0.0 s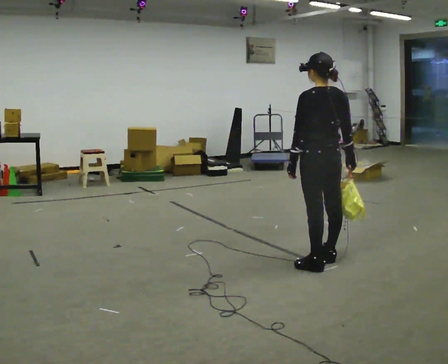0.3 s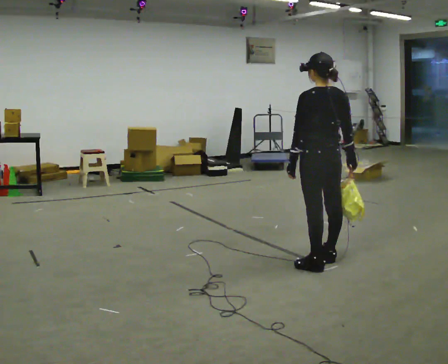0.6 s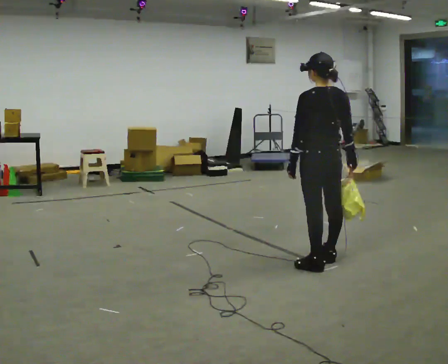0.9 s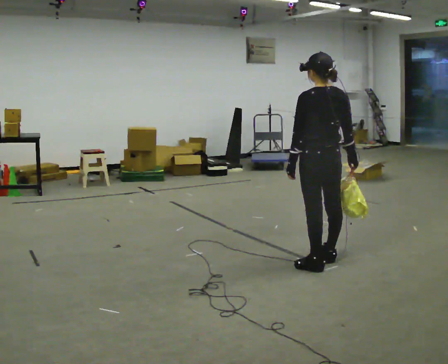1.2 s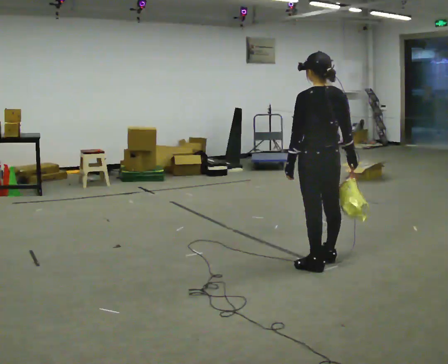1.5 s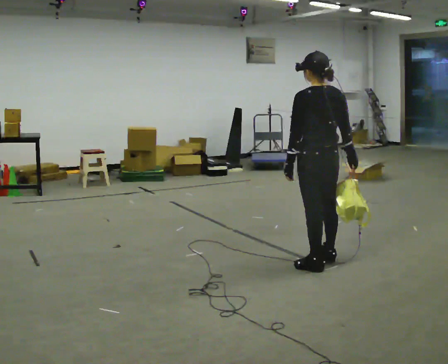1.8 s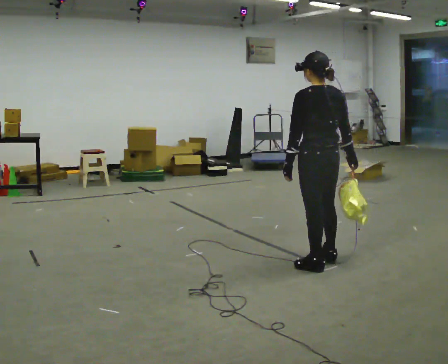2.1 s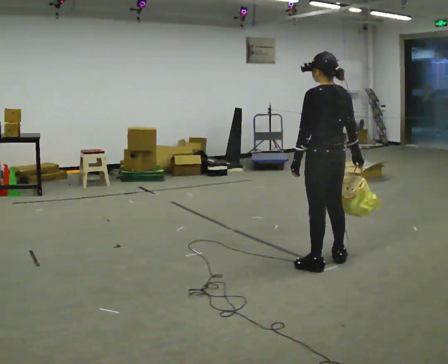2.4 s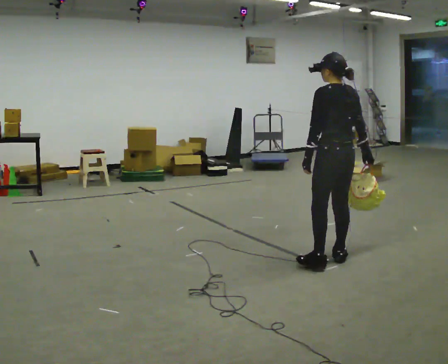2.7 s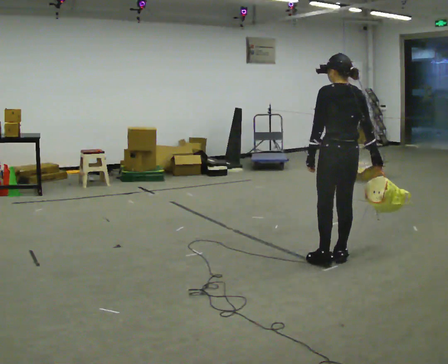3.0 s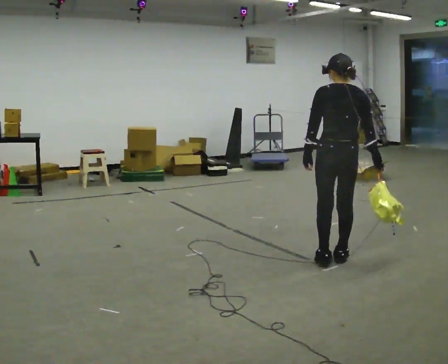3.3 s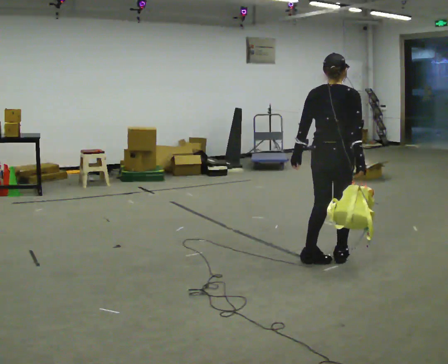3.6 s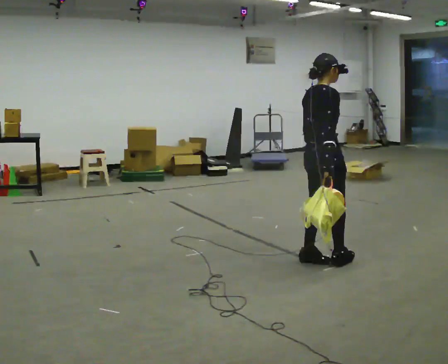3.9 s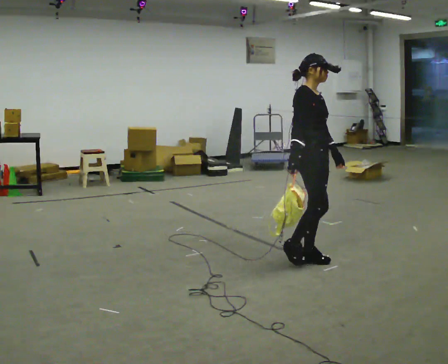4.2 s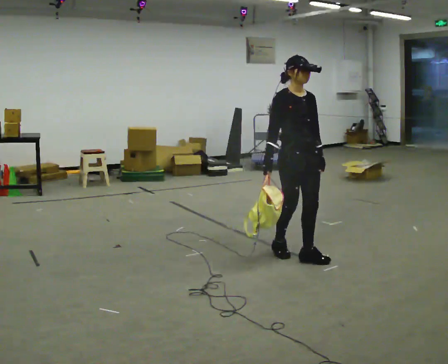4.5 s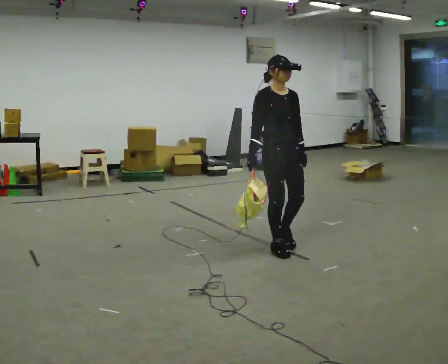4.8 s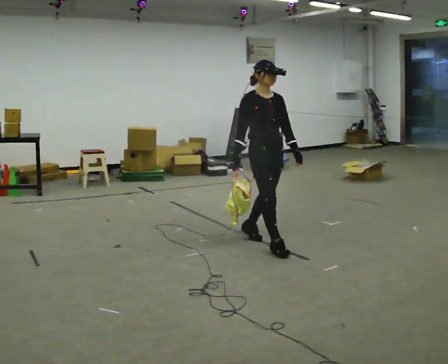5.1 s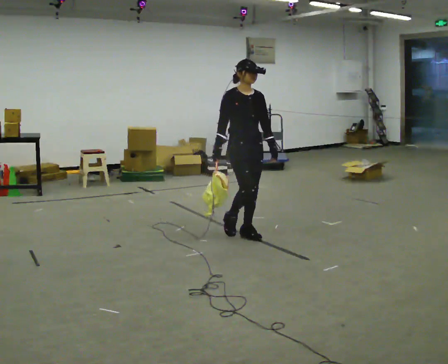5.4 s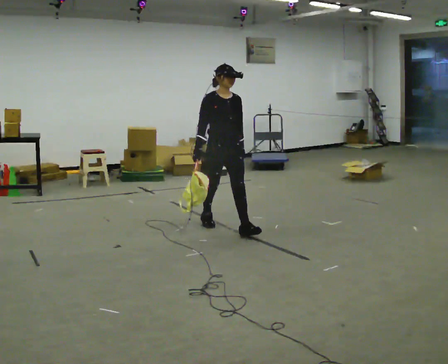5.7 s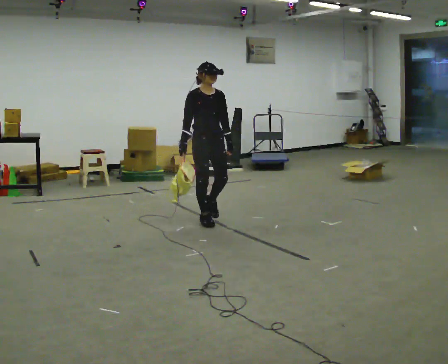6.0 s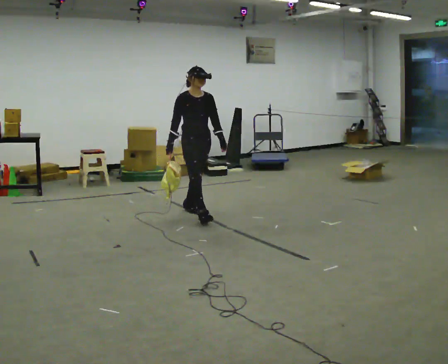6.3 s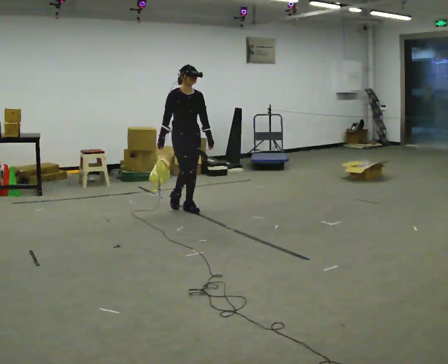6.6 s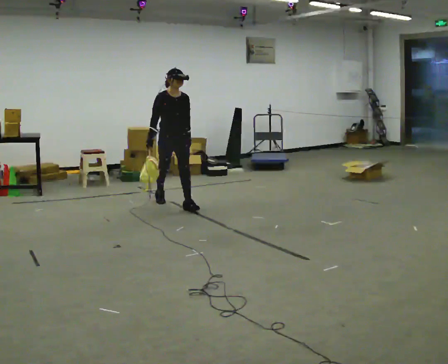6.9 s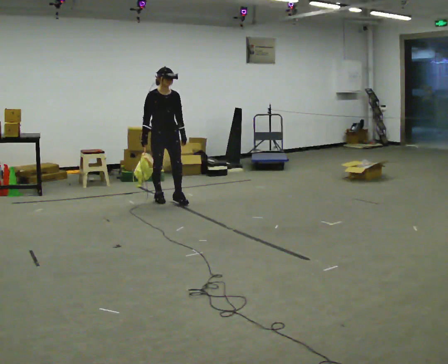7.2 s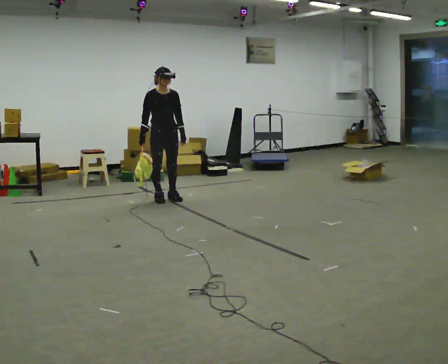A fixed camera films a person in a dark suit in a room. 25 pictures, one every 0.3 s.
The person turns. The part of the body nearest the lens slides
to the left.
The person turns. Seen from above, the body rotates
clockwise.
0.0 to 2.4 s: The person moves a little, or ends about where they began.
2.4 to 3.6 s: Seen from above the body turns clockwise, about 90 degrees: to their right, with its near side sliding to the left.
3.6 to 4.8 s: The part of the body nearest the lens slides to the left as the person turns to their right by about 75 degrees. In the picture they go to the left and away from the camera, about 0.5 m in 1 step.
4.8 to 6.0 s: In the picture they go to the left and away from the camera, about 1 m in 3 steps, which for them is backward.
6.0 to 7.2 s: In the picture they go to the left and away from the camera, about 1 m in 1 step, which for them is backward.
The film runs backward here.
